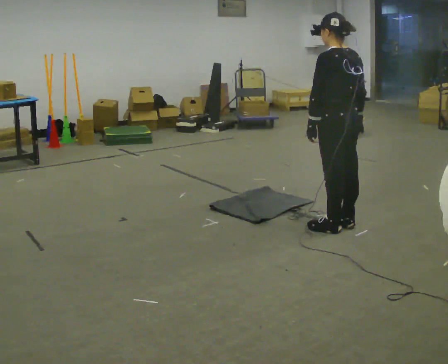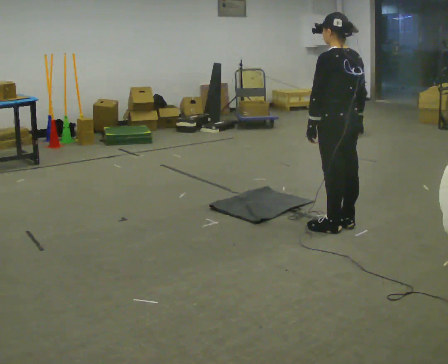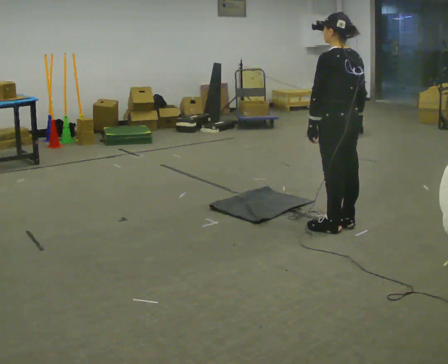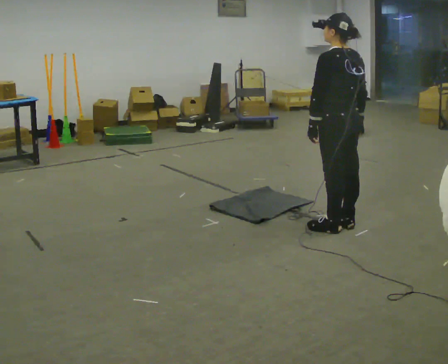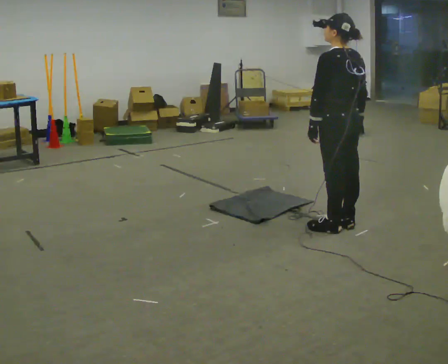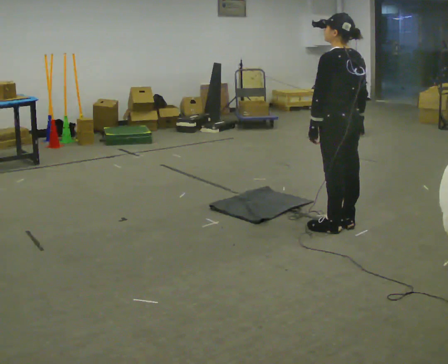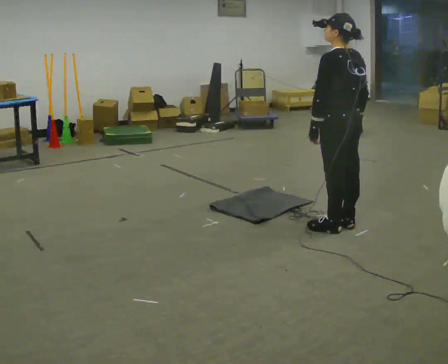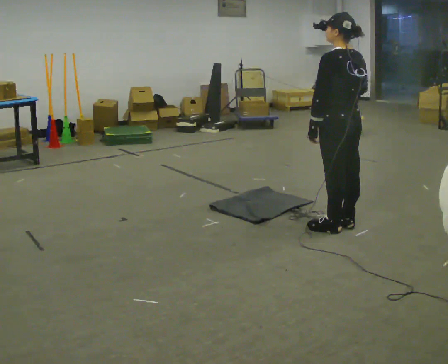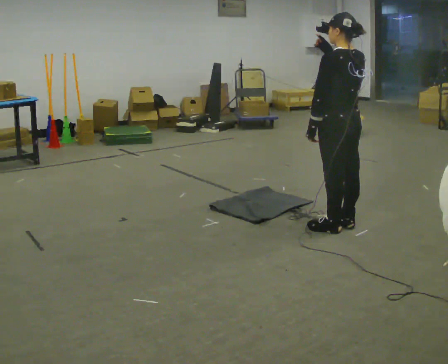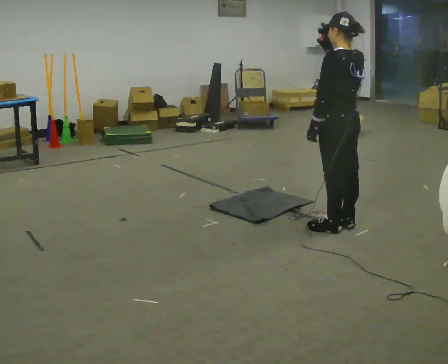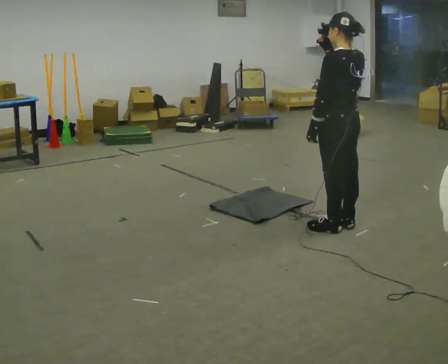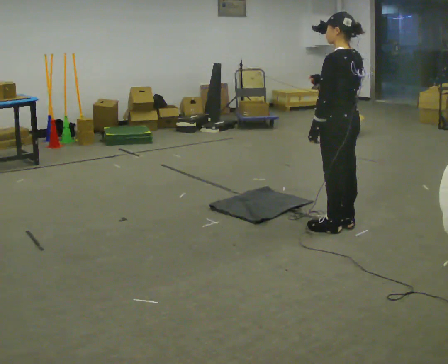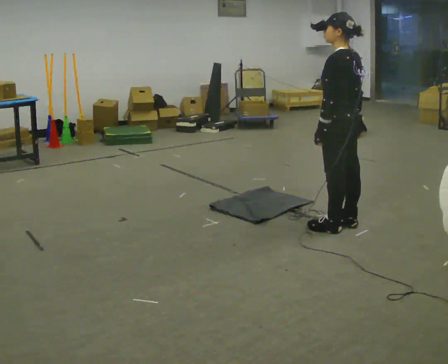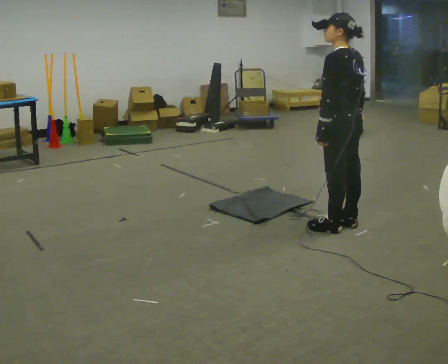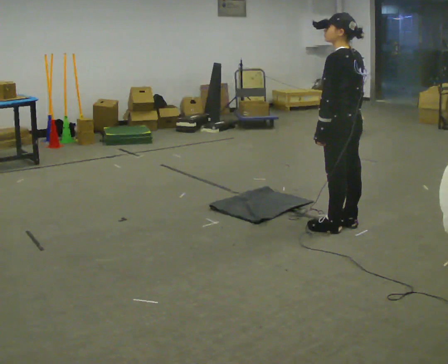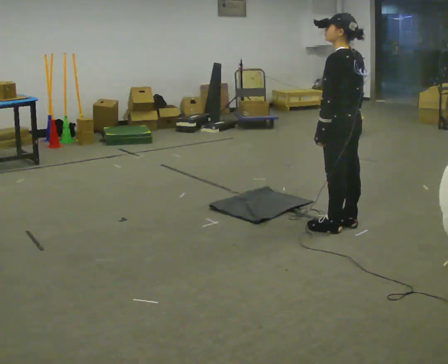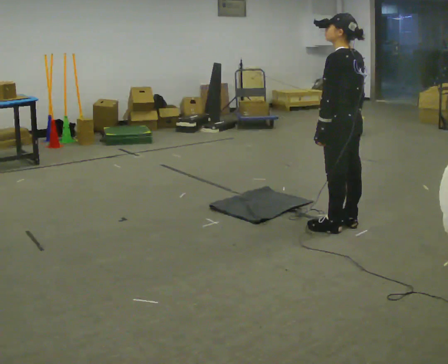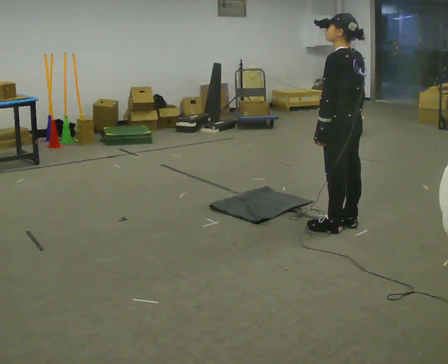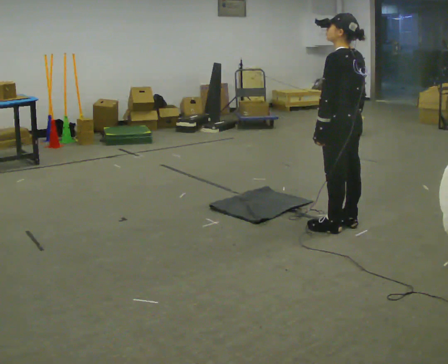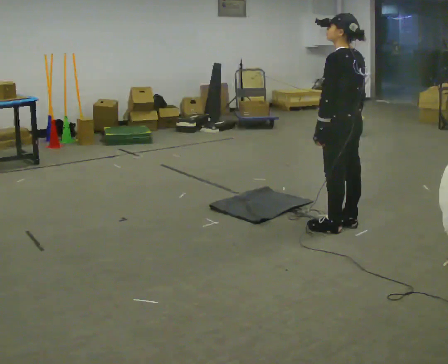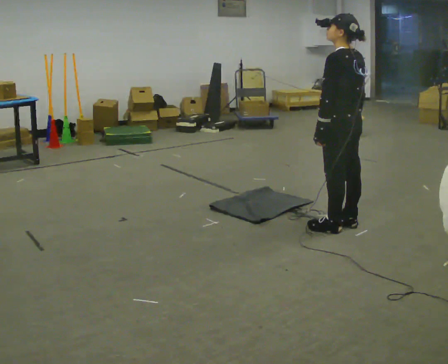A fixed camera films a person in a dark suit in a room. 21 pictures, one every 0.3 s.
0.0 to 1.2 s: The person keeps their place and pose.
1.2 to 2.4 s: In the picture their right hand goes upward.
2.4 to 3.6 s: In the picture their right hand goes downward.
3.6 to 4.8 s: The person moves a little, or ends about where they began.
4.8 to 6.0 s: The person keeps their place and pose.
The film runs forward here.
